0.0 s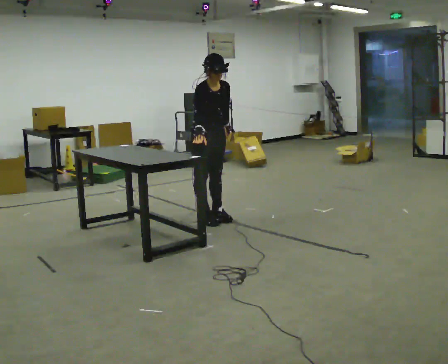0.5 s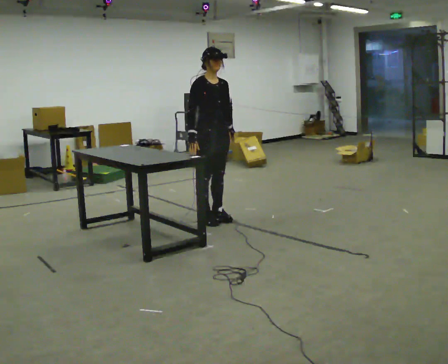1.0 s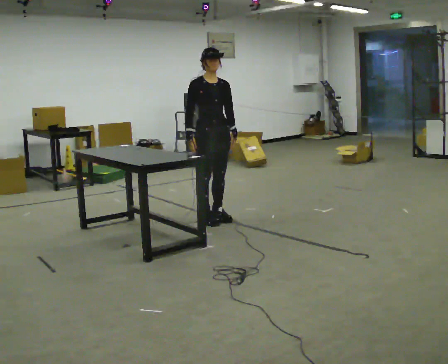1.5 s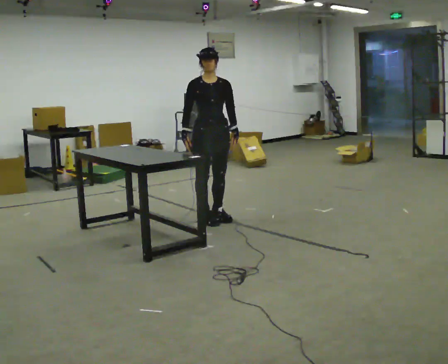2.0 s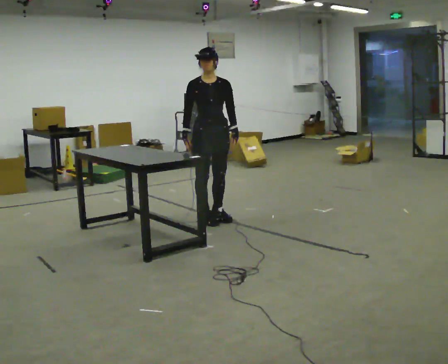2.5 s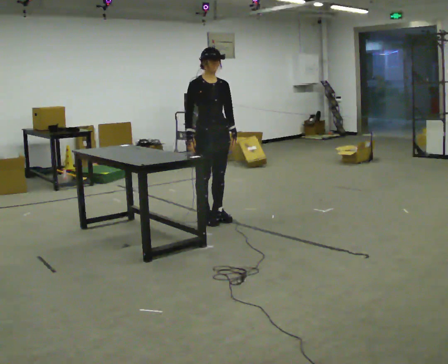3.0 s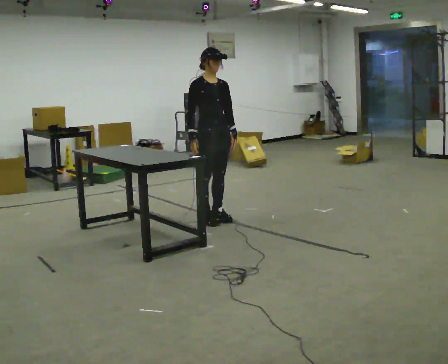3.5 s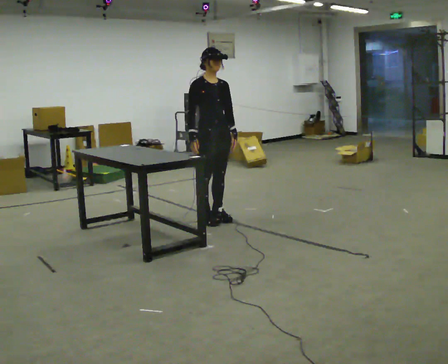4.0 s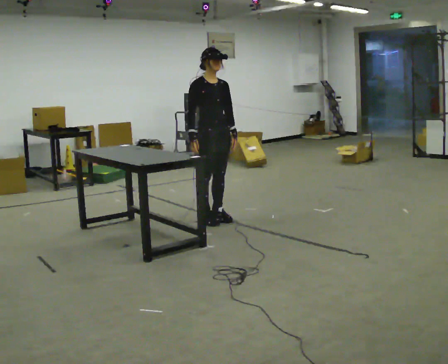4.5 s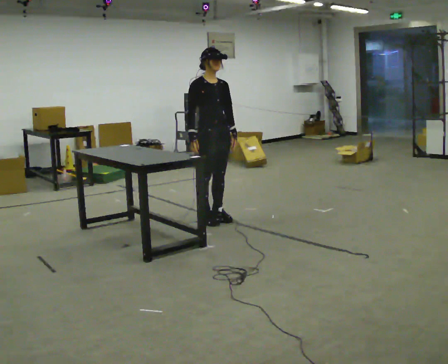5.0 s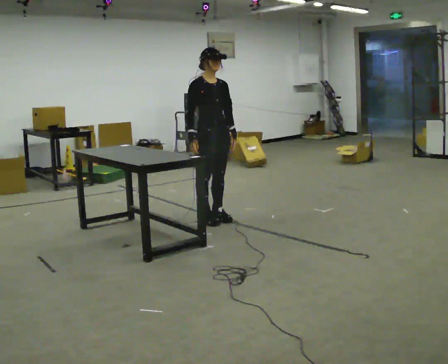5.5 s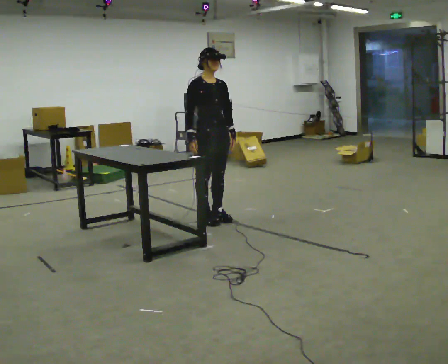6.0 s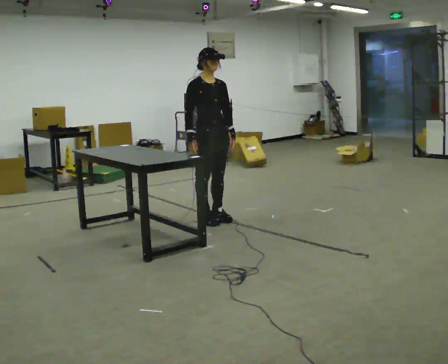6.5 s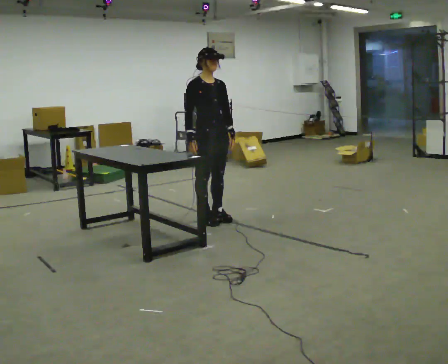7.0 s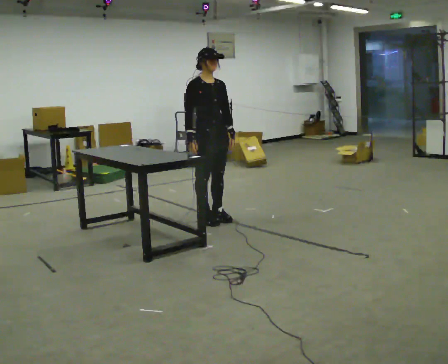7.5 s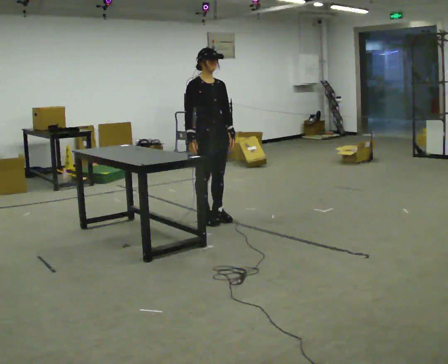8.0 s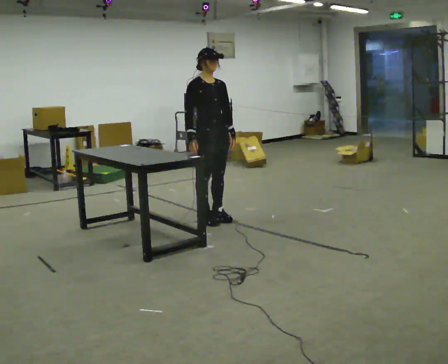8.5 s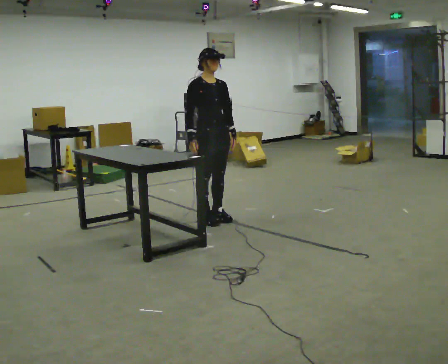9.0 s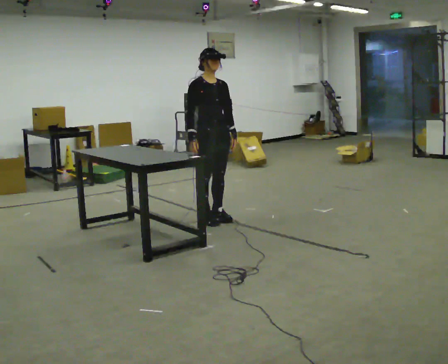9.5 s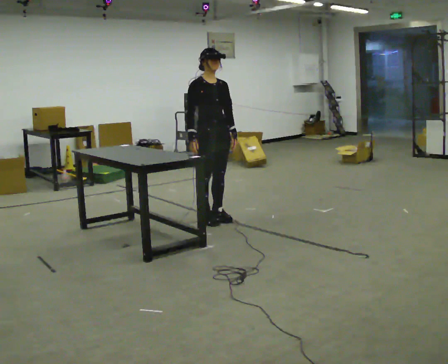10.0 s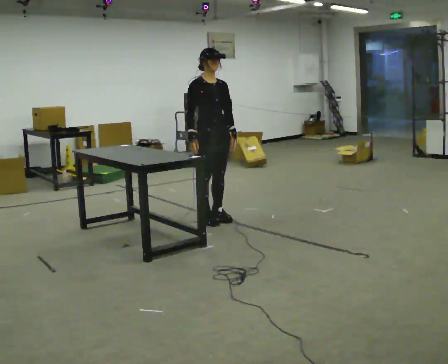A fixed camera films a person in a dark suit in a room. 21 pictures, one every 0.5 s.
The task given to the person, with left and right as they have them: Touch each numbered target to your side and behind you in the order the operator calls, without moving your feet. Keep both feet on the marked spots for the whole take. If you have to step, stop and tell the operator.
0.0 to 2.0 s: The part of the body nearest the lens slides to the left as the person turns to their right by about 30 degrees. The upper body tips away from the camera, its near side rolling upward, as they lean back or straighten.
2.0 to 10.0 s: The person moves a little, or ends about where they began.
The film runs forward here.
